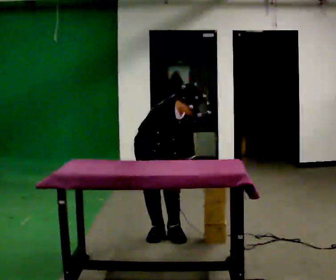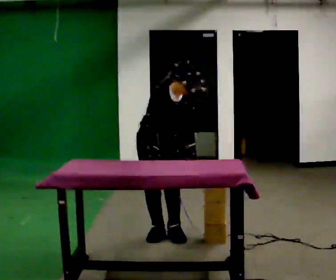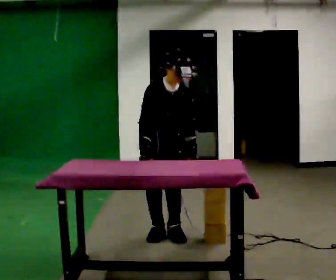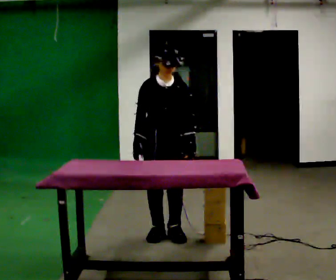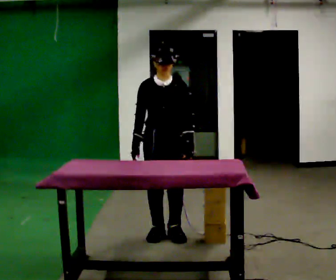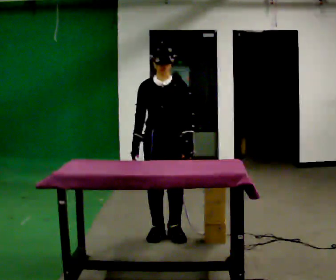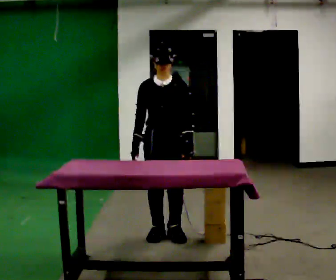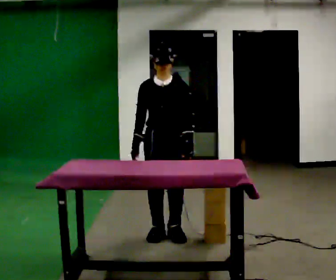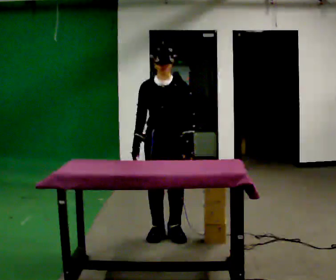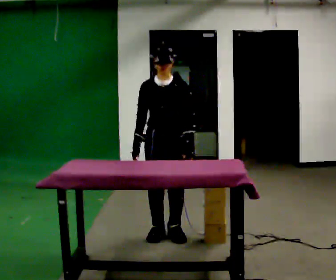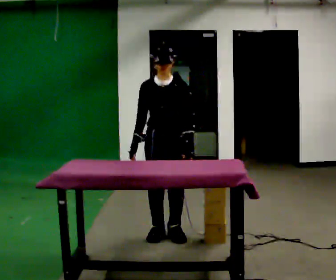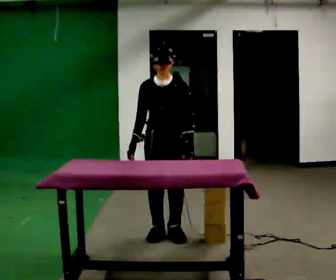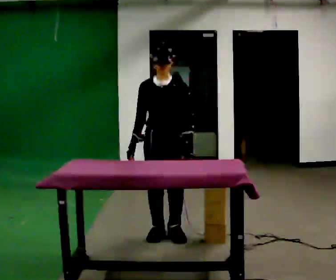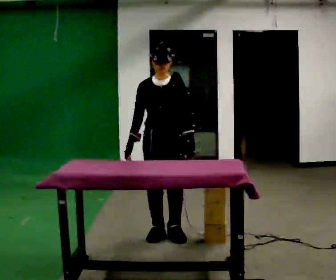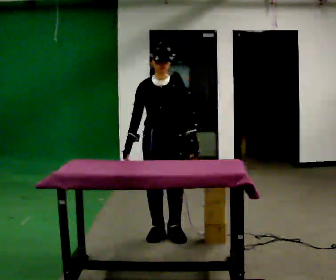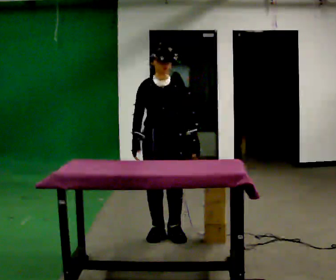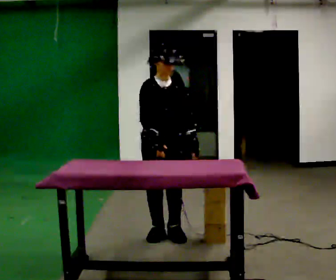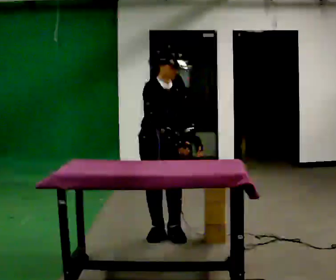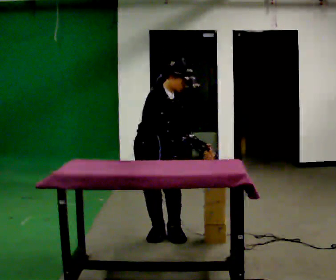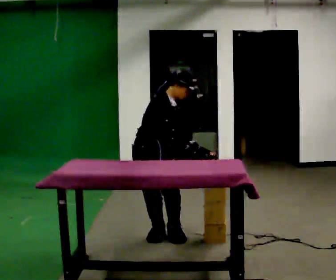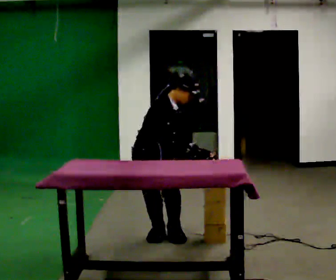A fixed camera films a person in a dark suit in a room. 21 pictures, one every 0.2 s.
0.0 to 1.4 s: Seen from above the body turns clockwise, about 45 degrees: to their right, with its near side sliding to the left. The upper body goes upward. In the picture the upper body tilts counterclockwise, shoulders to the left, as they lean back or straighten.
1.4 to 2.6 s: The person moves a little, or ends about where they began.
2.6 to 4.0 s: The person turns about 45 degrees to their left, counterclockwise seen from above, so the part of the body nearest the lens slides to the right. The shoulders move downward. In the picture the upper body tilts clockwise, shoulders to the right, as they bend forward. In the picture their right hand goes to the right, the arm swinging counterclockwise.
The film runs backward here.
